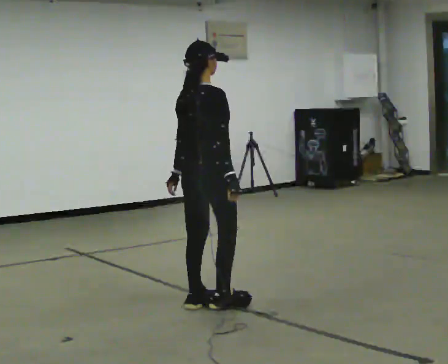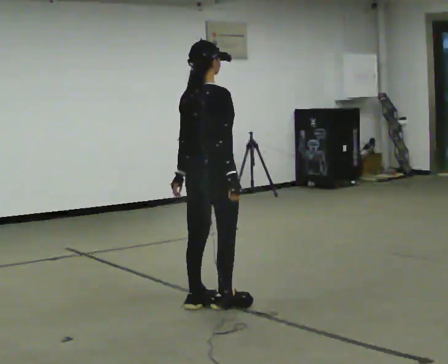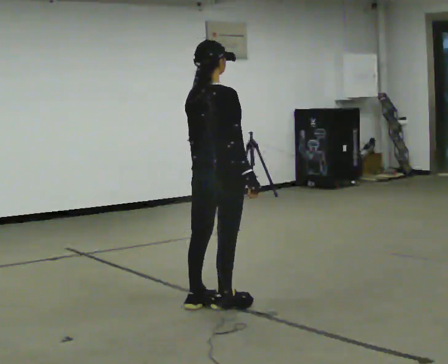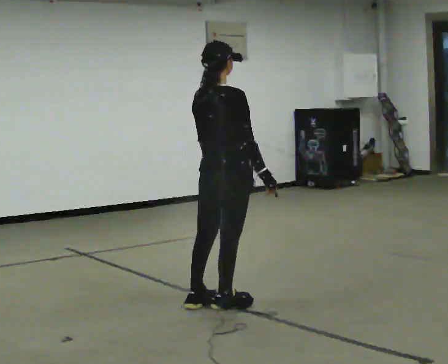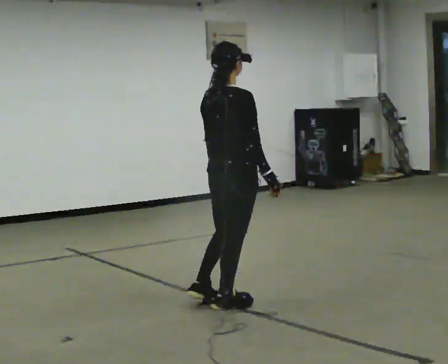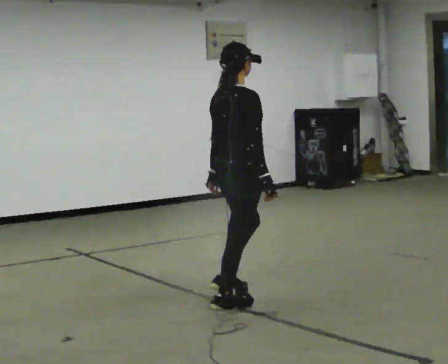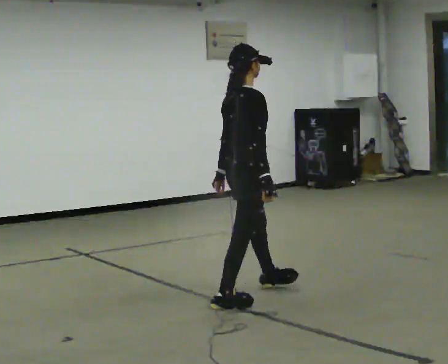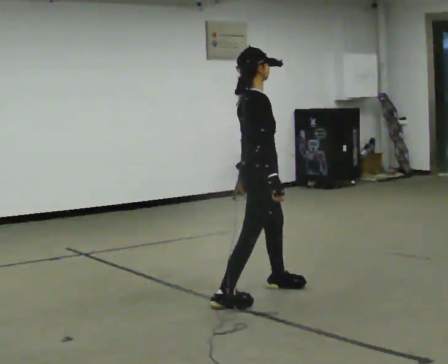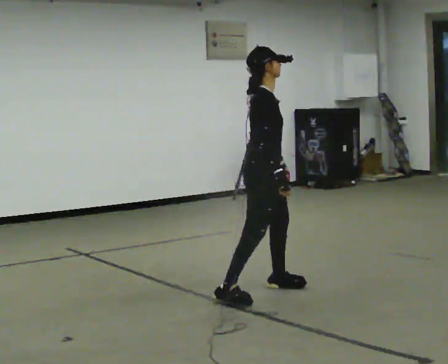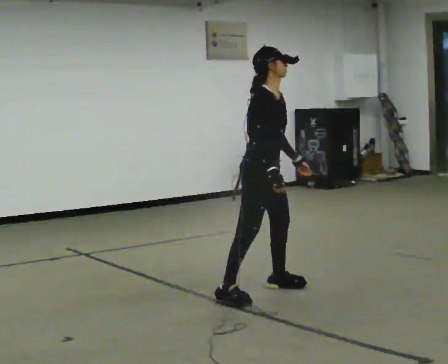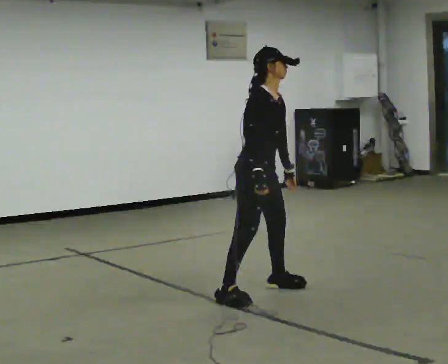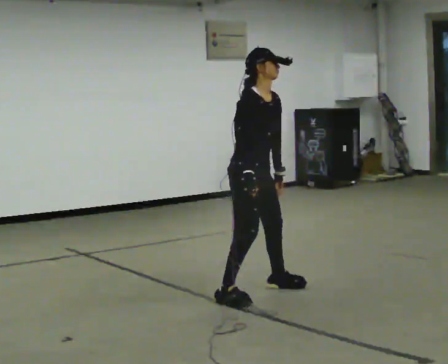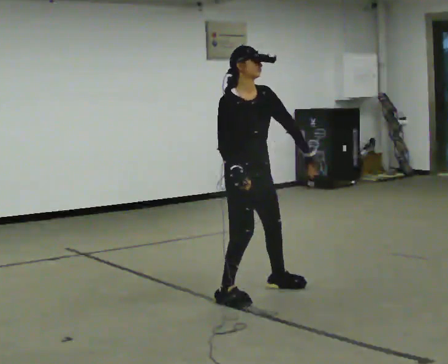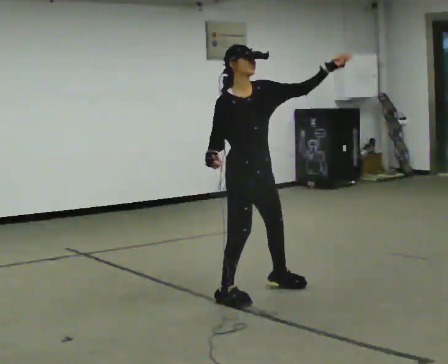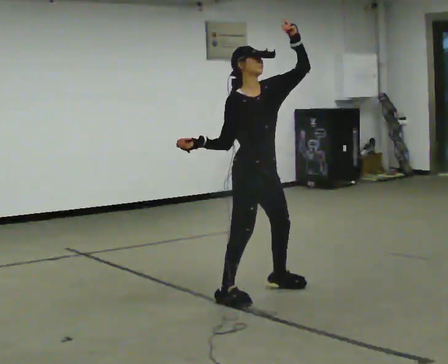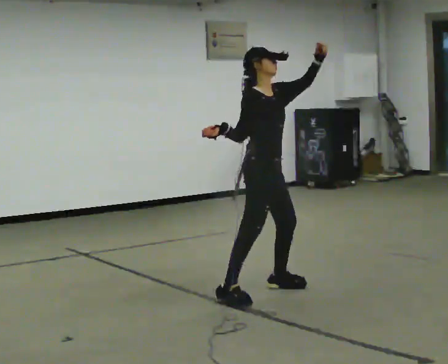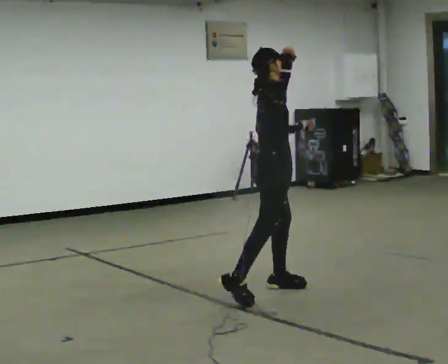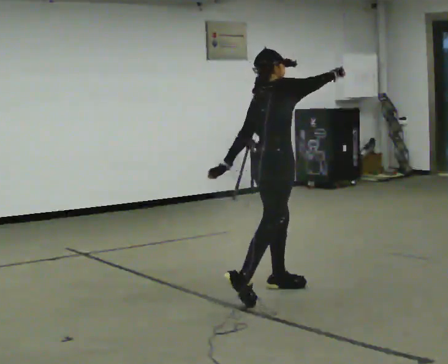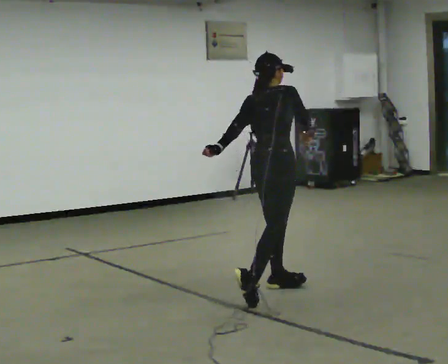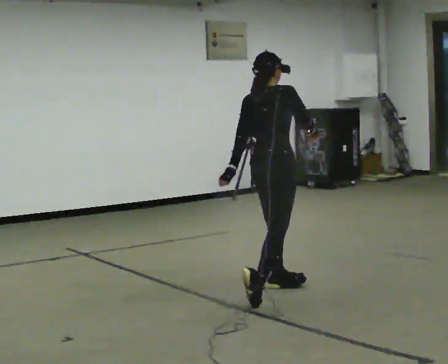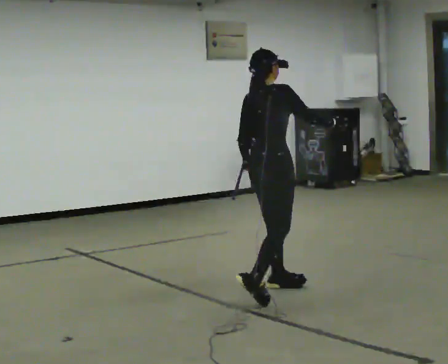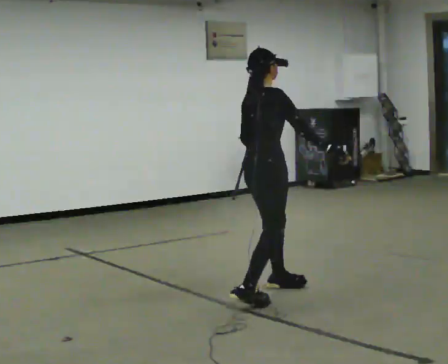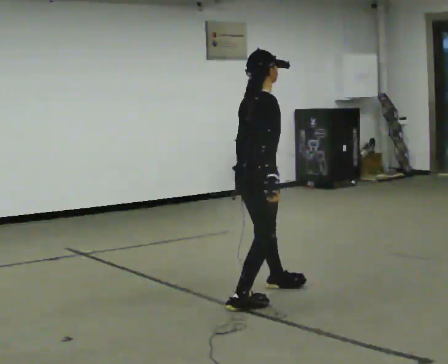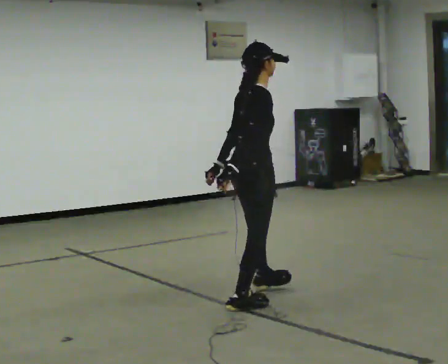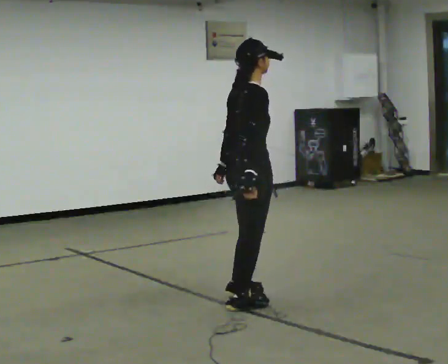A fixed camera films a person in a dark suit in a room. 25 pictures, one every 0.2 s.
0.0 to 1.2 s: The person turns about 30 degrees to their right, clockwise seen from above, so the part of the body nearest the lens slides to the left. In the picture they go to the right, about 0.25 m, which for them is forward.
1.2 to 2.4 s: The part of the body nearest the lens slides to the left as the person turns to their right by about 75 degrees. In the picture their left hand goes to the right, the arm swinging counterclockwise.
2.4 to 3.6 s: Seen from above the body turns counterclockwise, about 105 degrees: to their left, with its near side sliding to the right. In the picture they go to the right, about 0.25 m. The upper body tips away from the camera, its near side rolling upward. In the picture their left hand goes to the left.
3.6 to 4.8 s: In the picture they go toward the camera and to the left, about 0.25 m, which for them is to their right and backward. The upper body tips toward the camera, its near side rolling downward, as they lean back or straighten.
The film runs forward here.
